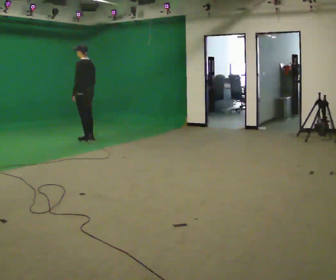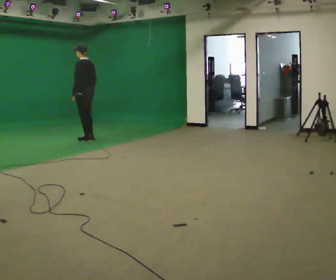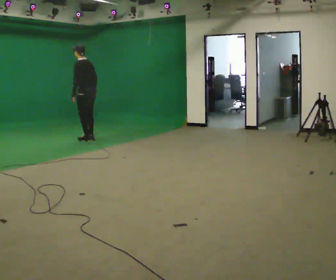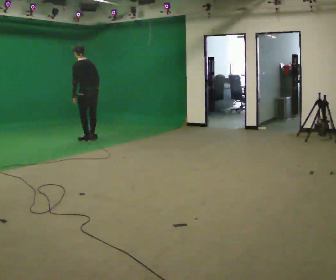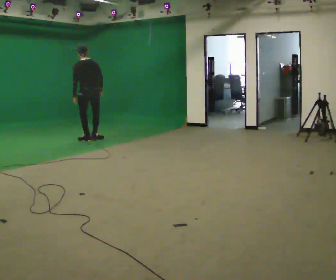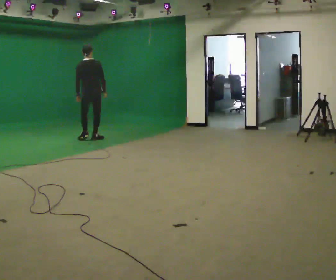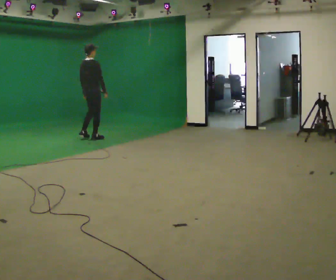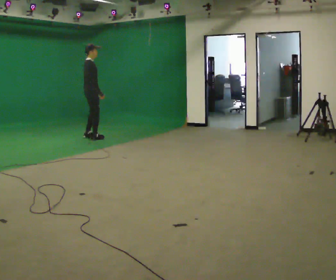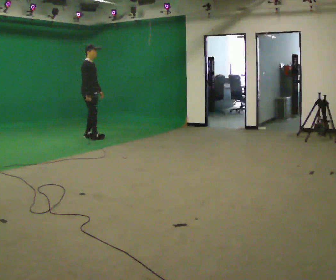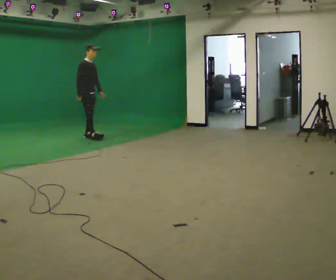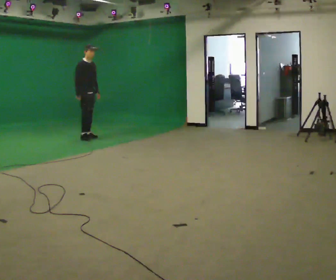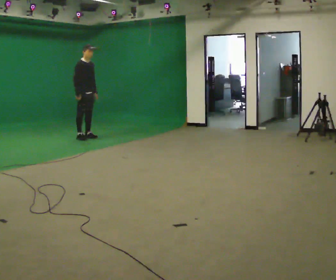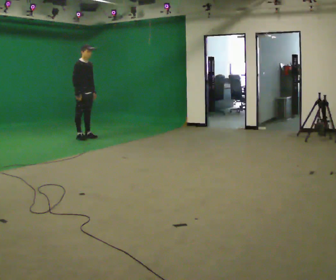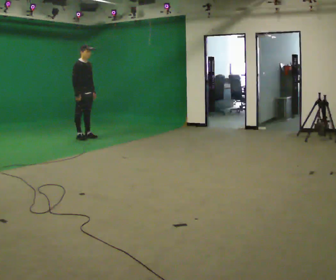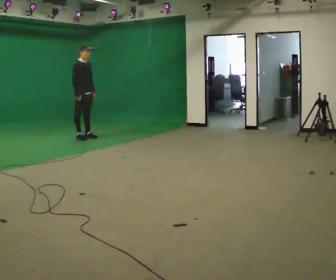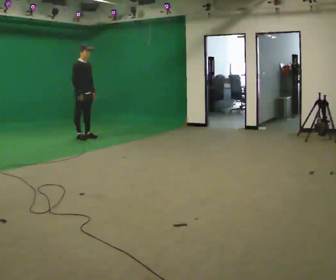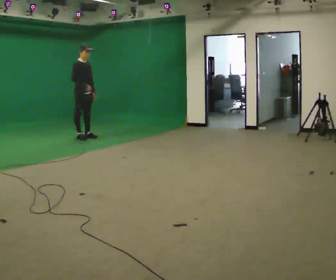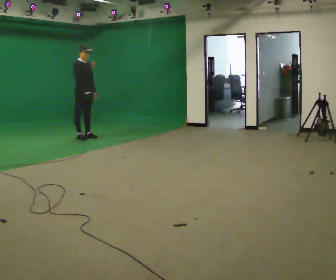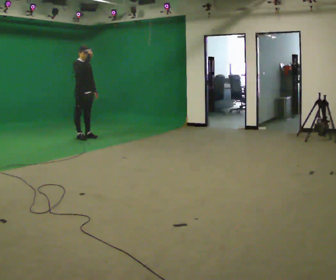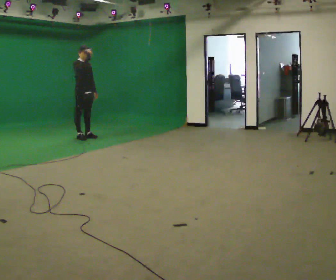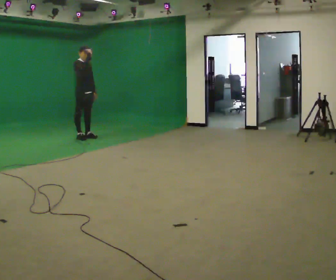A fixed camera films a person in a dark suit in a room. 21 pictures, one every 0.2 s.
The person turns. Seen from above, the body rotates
clockwise.
The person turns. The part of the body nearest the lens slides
to the left.
0.0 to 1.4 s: The person turns about 150 degrees to their right, clockwise seen from above, so the part of the body nearest the lens slides to the left. In the picture their left hand goes to the right.
1.4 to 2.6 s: Seen from above the body turns clockwise, about 30 degrees: to their right, with its near side sliding to the left. In the picture their right hand goes to the left.
2.6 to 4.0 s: In the picture their right hand goes upward.
The film runs forward here.
